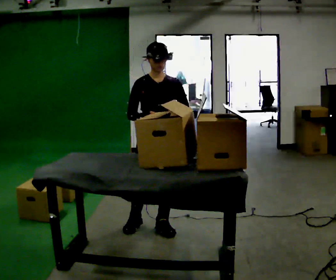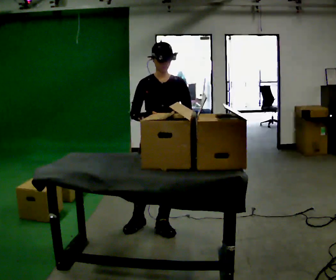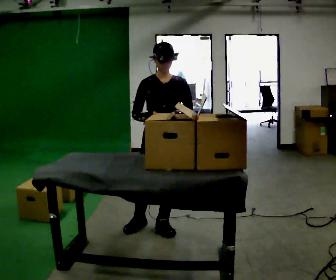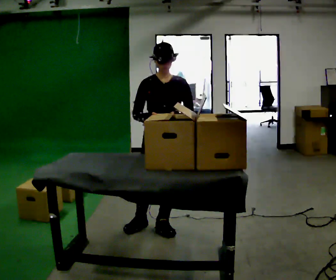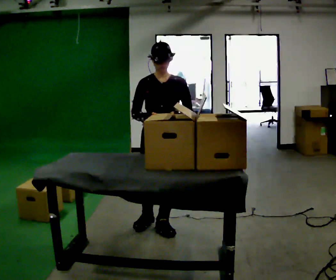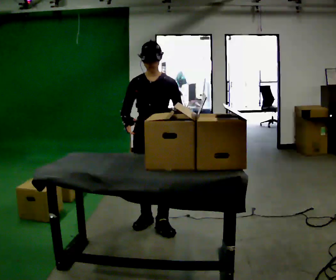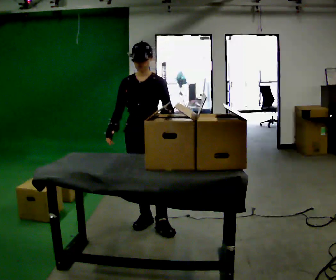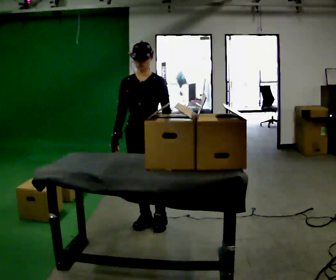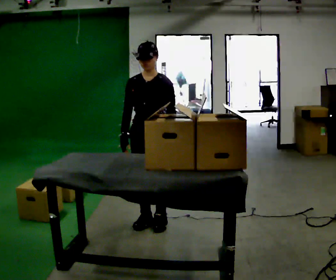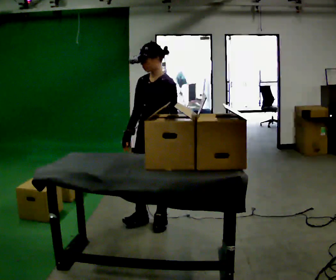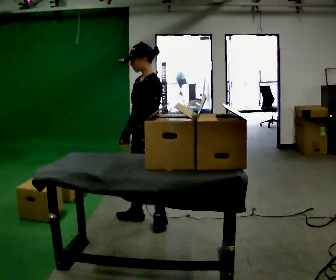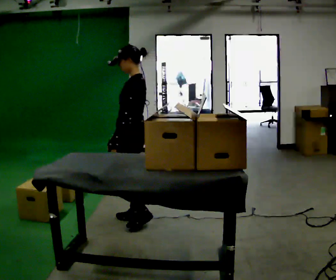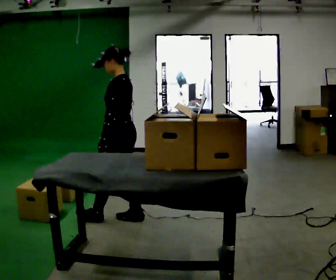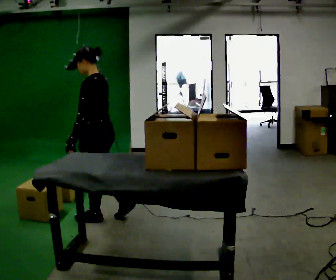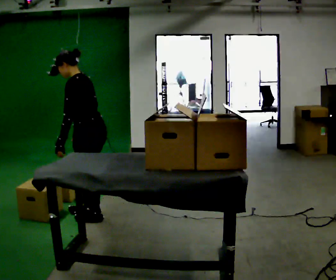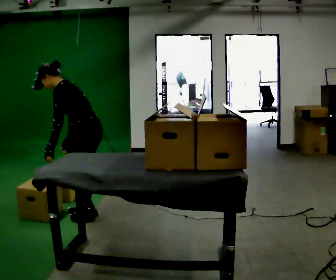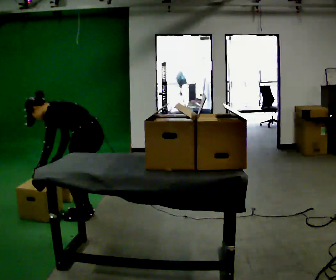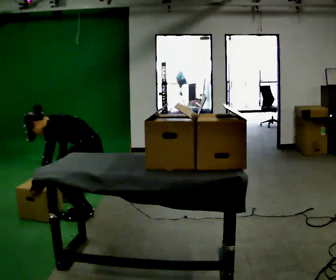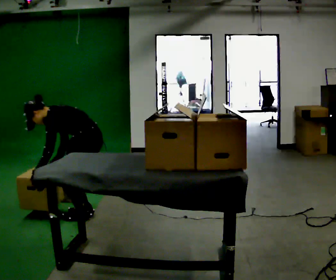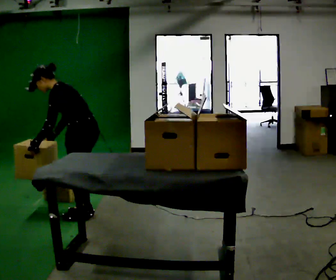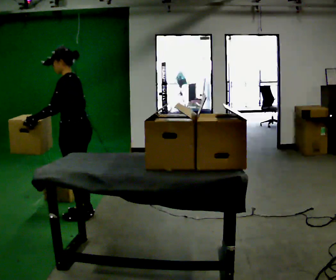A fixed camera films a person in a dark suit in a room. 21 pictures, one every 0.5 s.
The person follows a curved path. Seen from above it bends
counterclockwise.
0.0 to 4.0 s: The person moves a little, or ends about where they began.
4.0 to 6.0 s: The part of the body nearest the lens slides to the left as the person turns to their right by about 90 degrees. In the picture they go to the left, about 0.25 m in 1 step.
6.0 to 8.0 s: In the picture they go to the left, about 0.25 m in 1 step, which for them is forward. The upper body goes downward. In the picture the upper body tilts counterclockwise, shoulders to the left, as they bend forward.
8.0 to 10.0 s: In the picture the upper body tilts clockwise, shoulders to the right, as they lean back or straighten. In the picture their right hand goes upward.
The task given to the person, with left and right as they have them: Pick an object up off the floor at one end of the room, carry it across, and place it on the waist-height shelf at the other end. Keep going until the operator says stop; one object at a time, and do not rush between trips.
The film runs forward here.
